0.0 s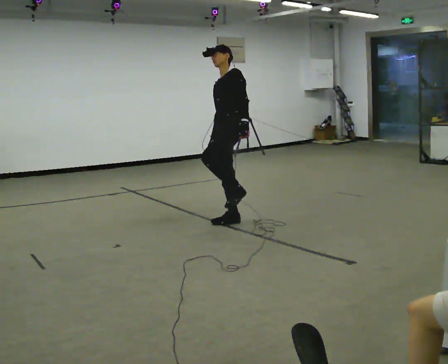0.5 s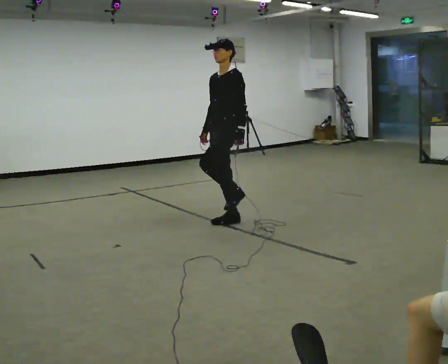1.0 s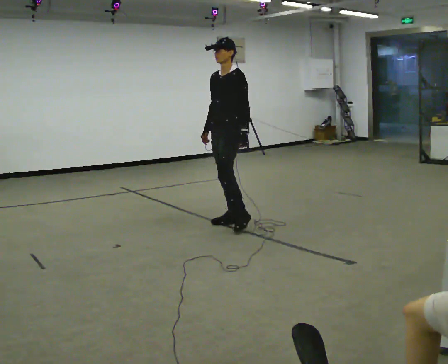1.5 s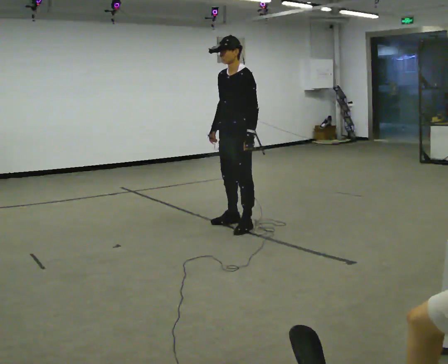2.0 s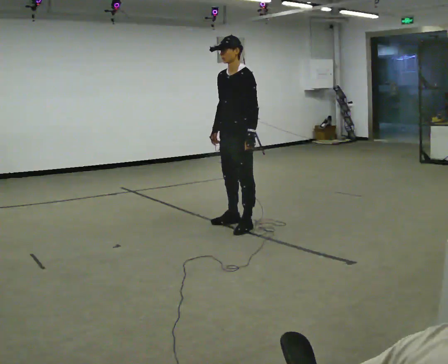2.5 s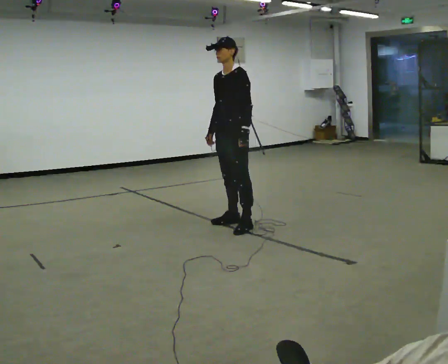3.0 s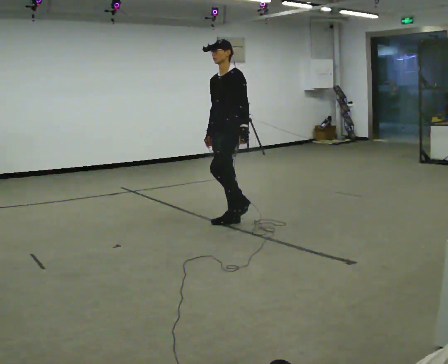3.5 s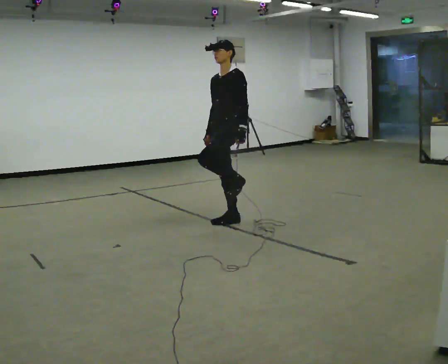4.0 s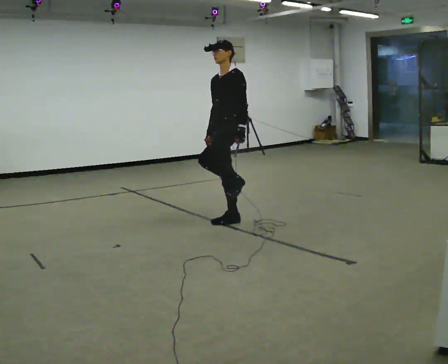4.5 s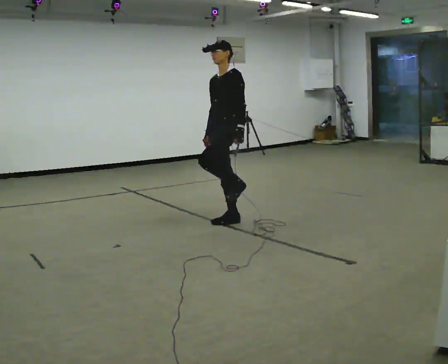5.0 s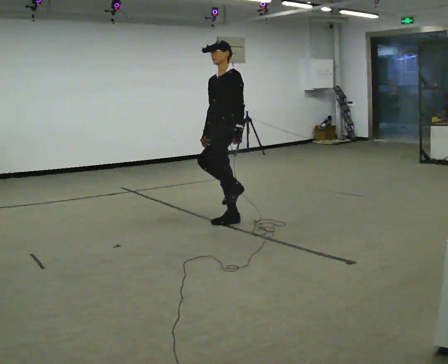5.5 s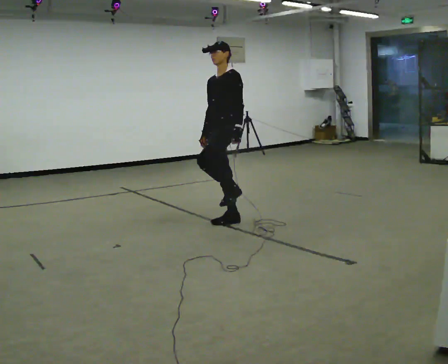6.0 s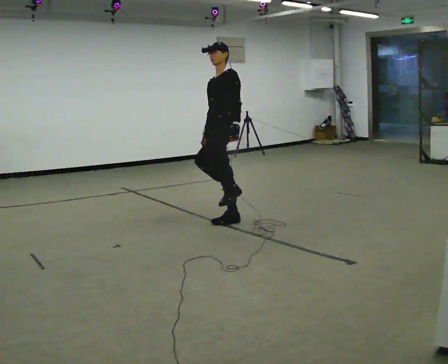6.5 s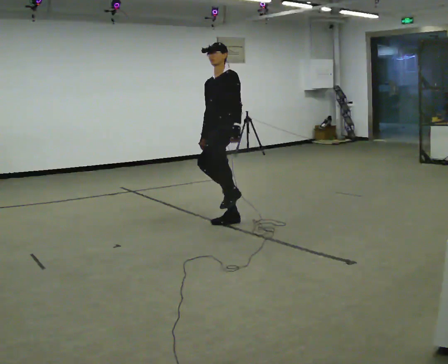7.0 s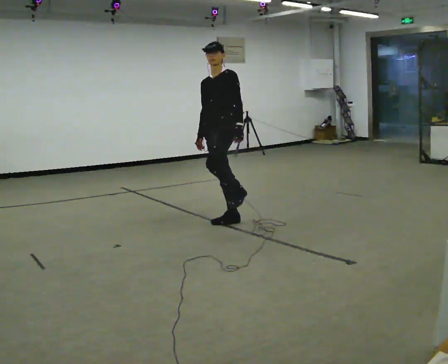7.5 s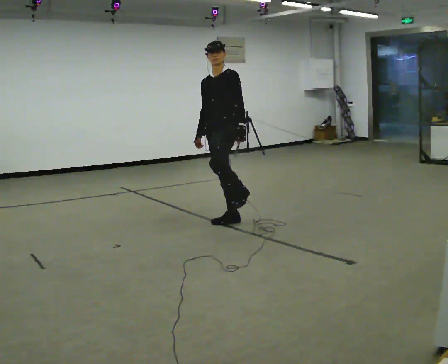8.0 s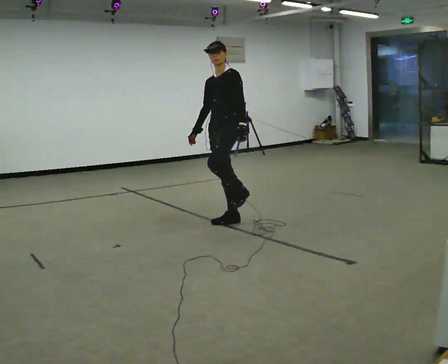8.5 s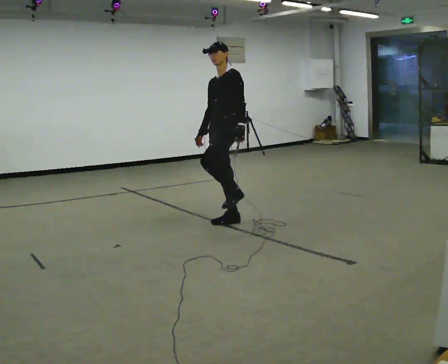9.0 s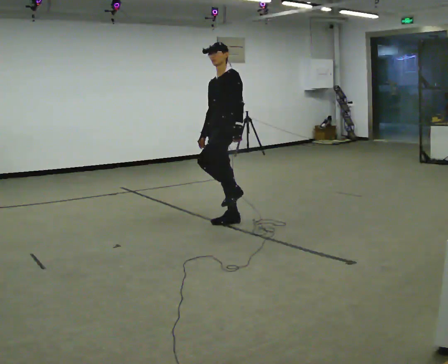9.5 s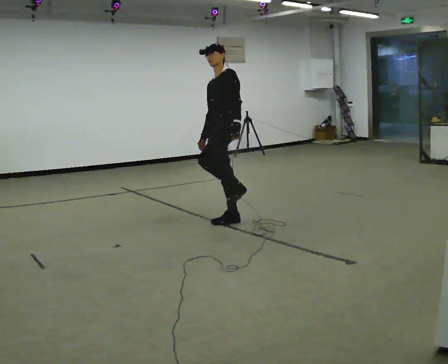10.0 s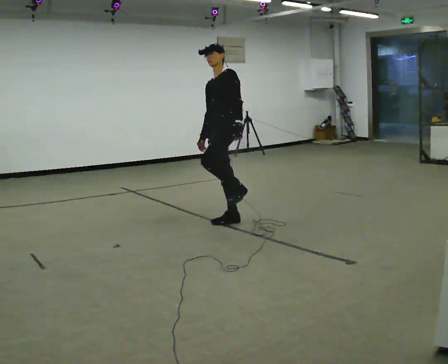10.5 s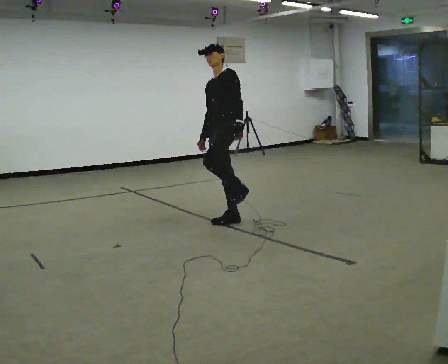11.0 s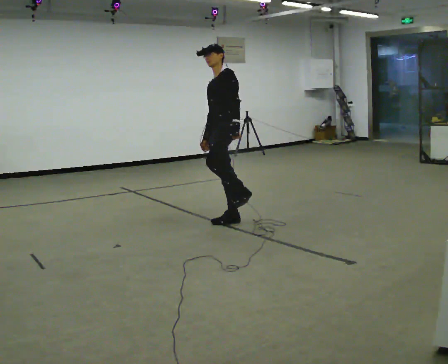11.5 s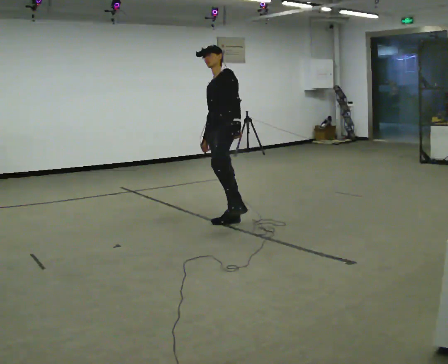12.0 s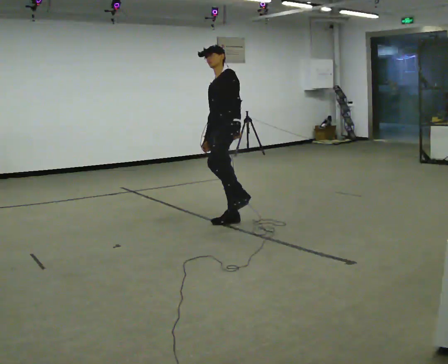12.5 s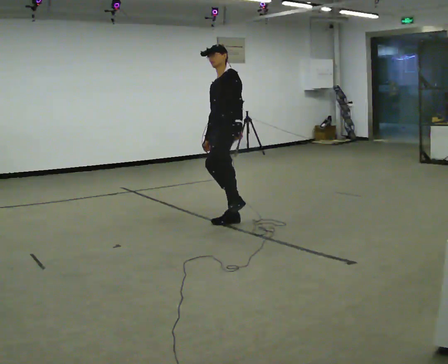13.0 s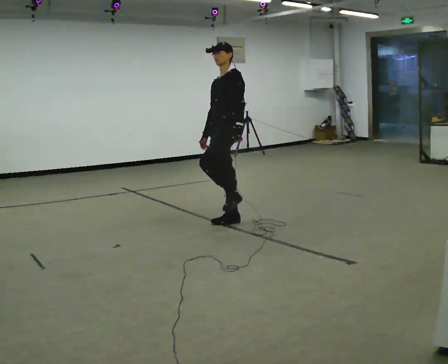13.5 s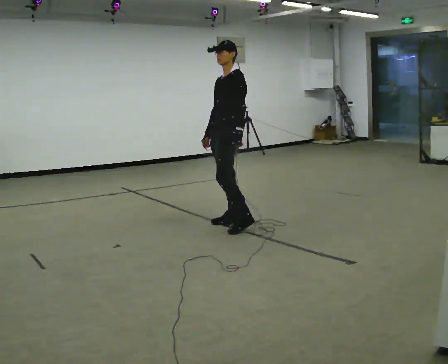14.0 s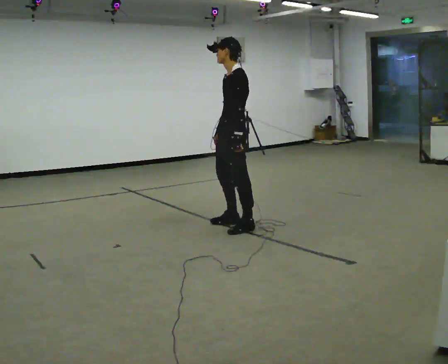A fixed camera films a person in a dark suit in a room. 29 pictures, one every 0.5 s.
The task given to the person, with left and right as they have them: Stand on one foot on the marked spot, on the side the operator calls. Hold it until you genuinely lose your balance, then put the other foot down. Repeat at your own pace until the operator says stop. Go slowly and only as far as you are comfortable. Step whenever you need to; do not try to hold on longer than feels safe.
0.0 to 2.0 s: In the picture they go toward the camera, about 0.25 m, which for them is to their left. The upper body tips toward the camera, its near side rolling downward, as they bend forward.
2.0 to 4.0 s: In the picture they go away from the camera, about 0.25 m in 1 step, which for them is to their right.
4.0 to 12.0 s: The person moves a little, or ends about where they began.
12.0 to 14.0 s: In the picture they go toward the camera, about 0.25 m, which for them is to their left. The upper body tips toward the camera, its near side rolling downward.
The film runs forward here.
